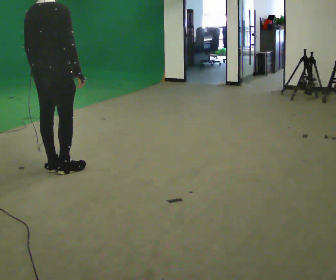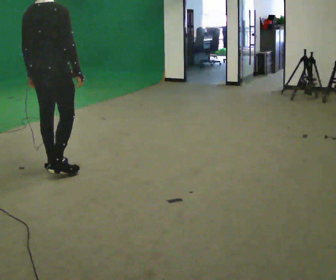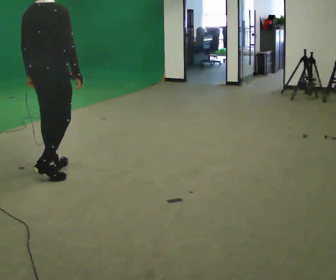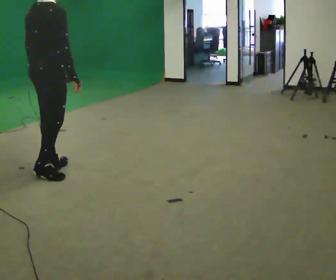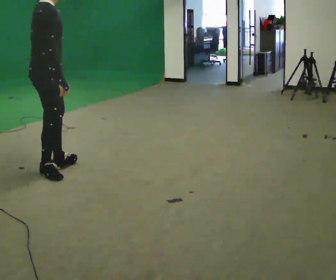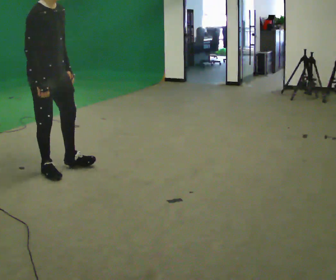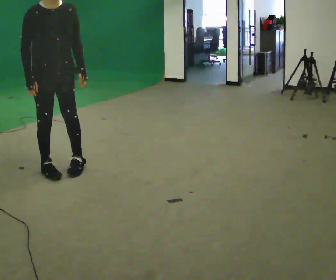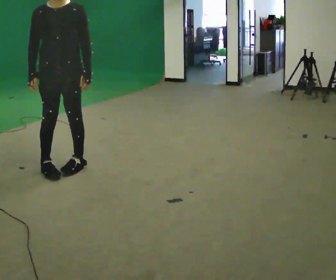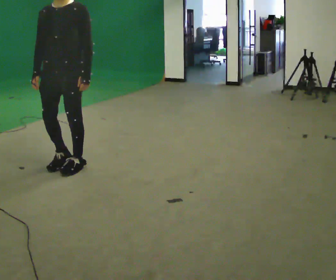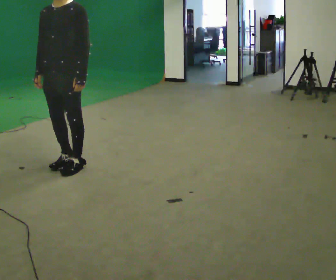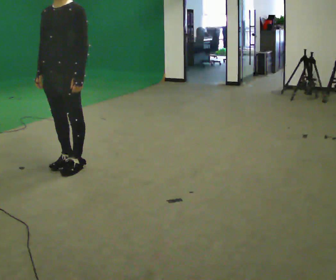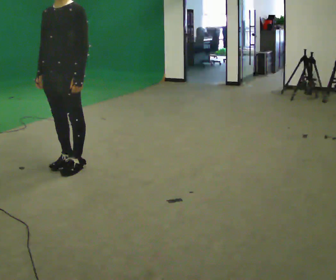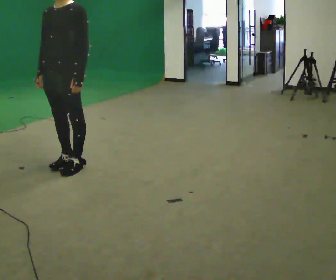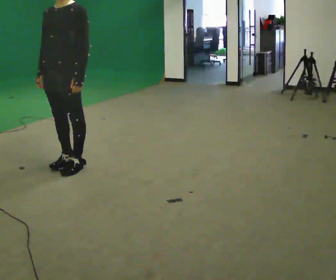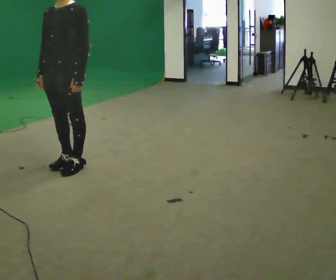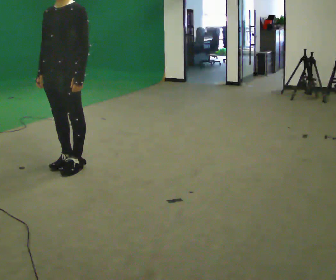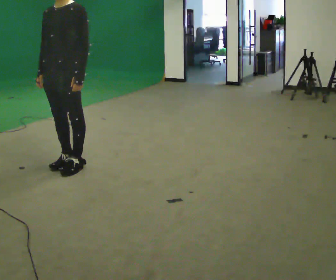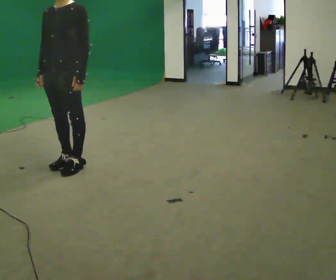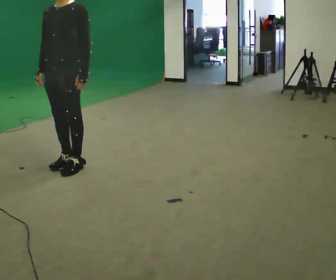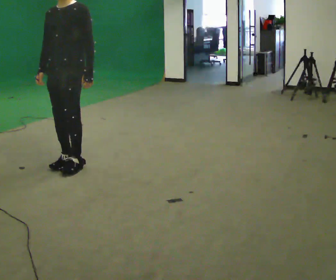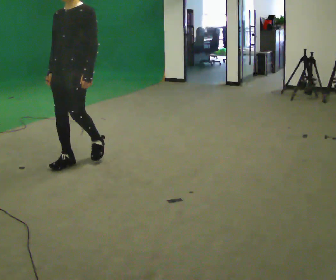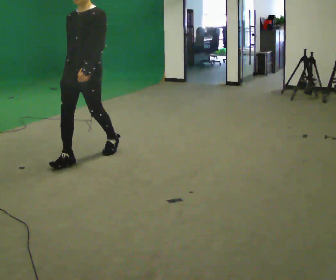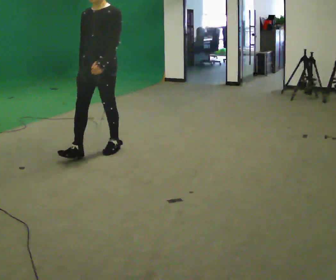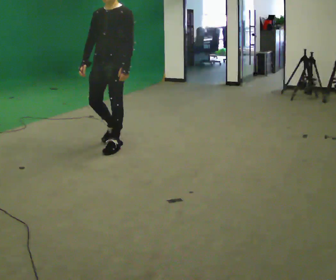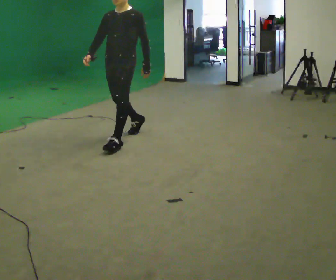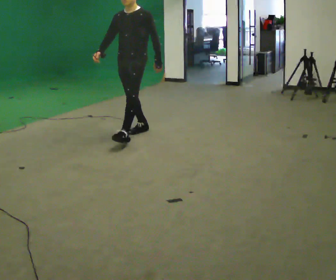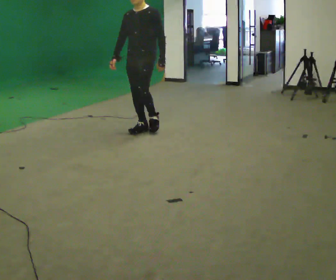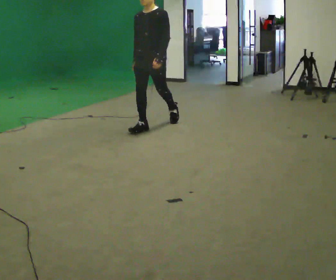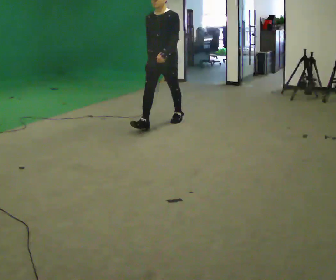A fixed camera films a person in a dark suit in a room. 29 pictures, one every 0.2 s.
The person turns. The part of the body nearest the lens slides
to the left.
The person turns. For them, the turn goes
to their right.
0.0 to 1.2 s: Seen from above the body turns clockwise, about 135 degrees: to their right, with its near side sliding to the left. In the picture their right hand goes to the left.
1.2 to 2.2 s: The part of the body nearest the lens slides to the left as the person turns to their right by about 60 degrees.
2.2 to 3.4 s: The person moves a little, or ends about where they began.
3.4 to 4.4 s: In the picture they go to the right and away from the camera, about 0.5 m in 2 steps, which for them is backward.
4.4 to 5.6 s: In the picture they go to the right and away from the camera, about 1 m in 2 steps, which for them is backward.
The film runs backward here.
